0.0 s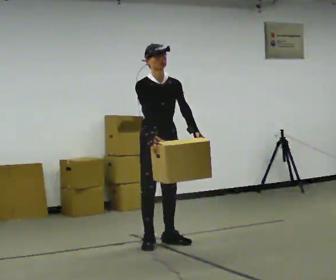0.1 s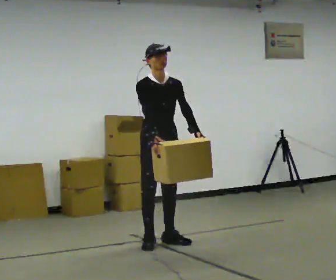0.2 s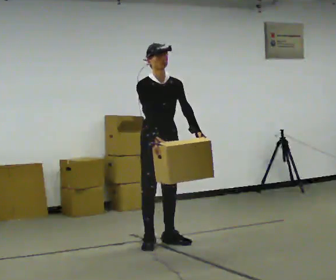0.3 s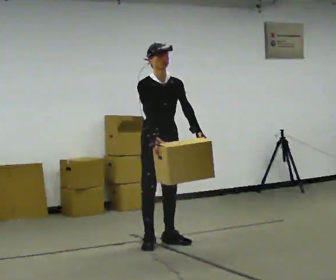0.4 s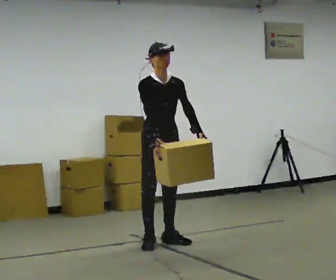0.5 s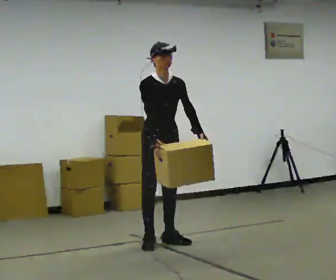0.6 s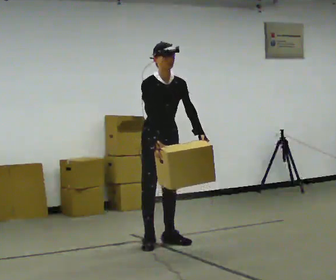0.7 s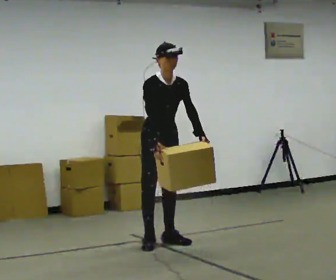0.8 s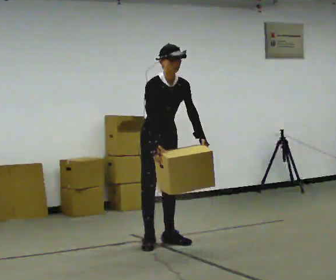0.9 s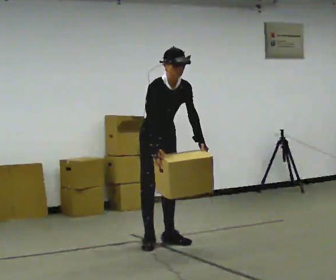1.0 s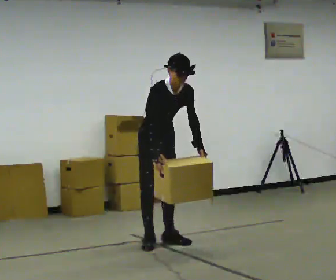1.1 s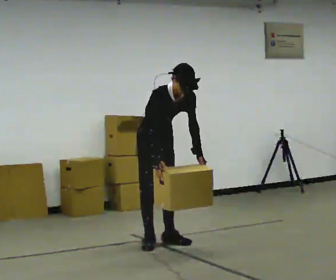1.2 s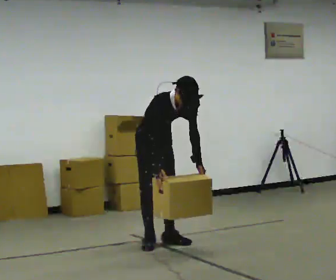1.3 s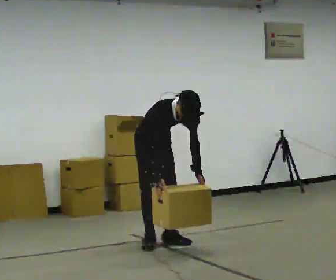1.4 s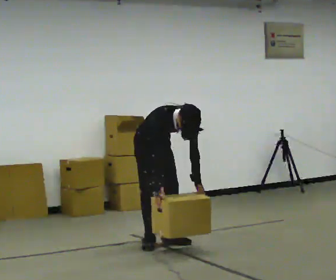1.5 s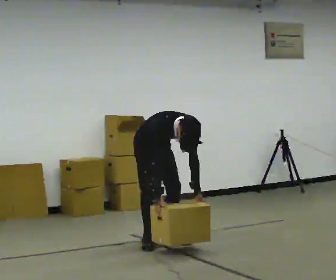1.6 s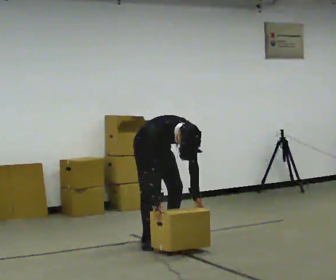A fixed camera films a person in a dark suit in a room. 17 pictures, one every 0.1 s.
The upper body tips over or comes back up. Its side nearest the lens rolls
downward.
Their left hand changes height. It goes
downward.
0.0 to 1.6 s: The shoulders move downward. The upper body tips toward the camera, its near side rolling downward, as they bend forward. In the picture their left hand goes downward.
The film runs backward here.
